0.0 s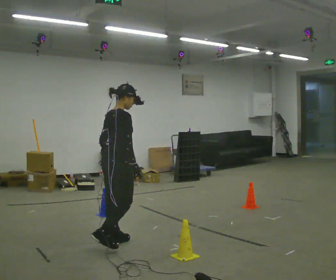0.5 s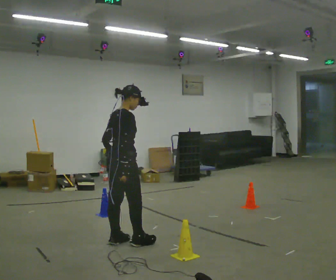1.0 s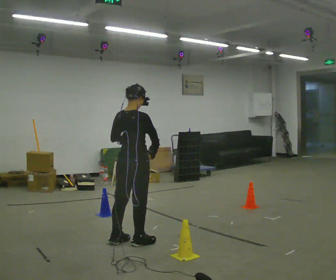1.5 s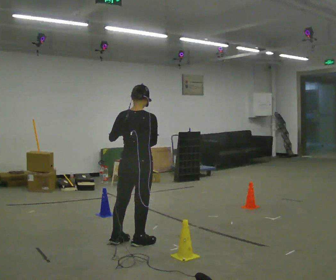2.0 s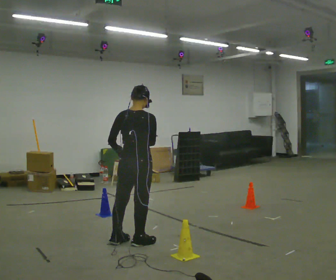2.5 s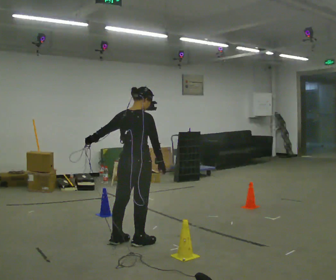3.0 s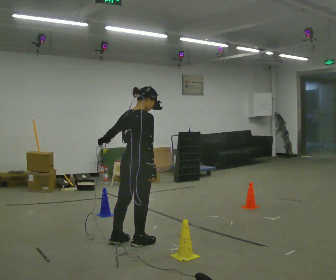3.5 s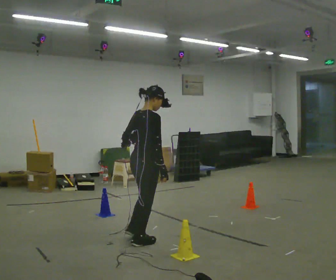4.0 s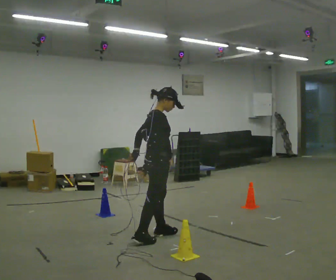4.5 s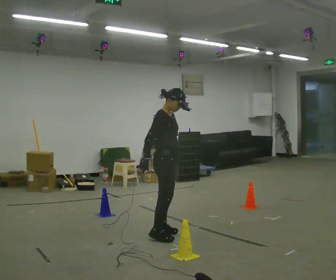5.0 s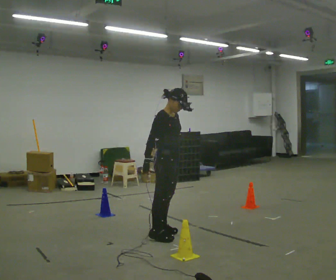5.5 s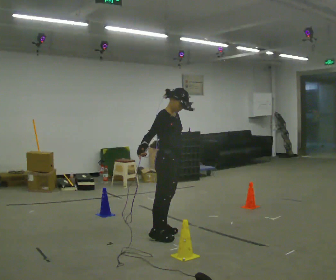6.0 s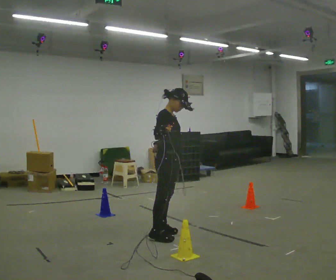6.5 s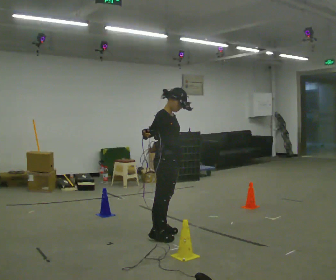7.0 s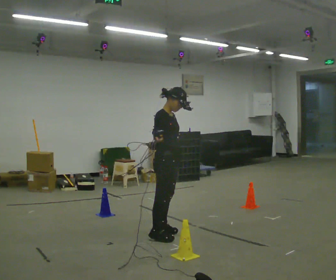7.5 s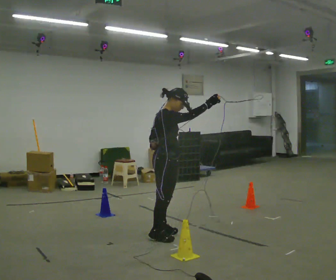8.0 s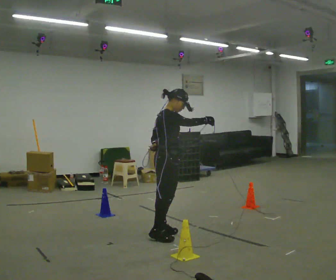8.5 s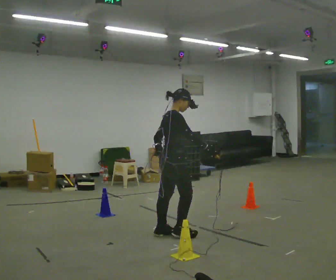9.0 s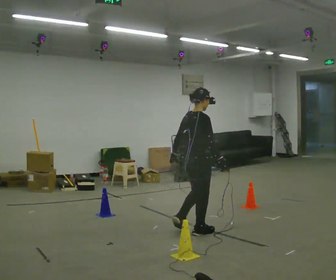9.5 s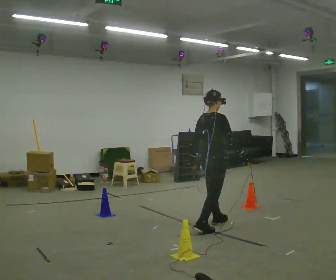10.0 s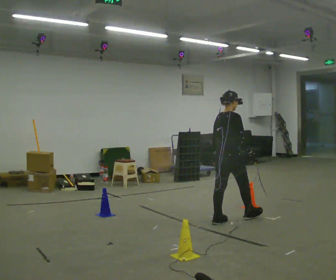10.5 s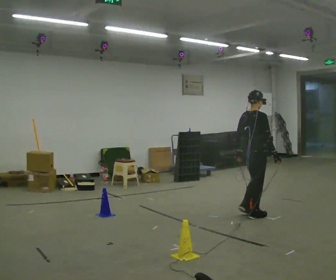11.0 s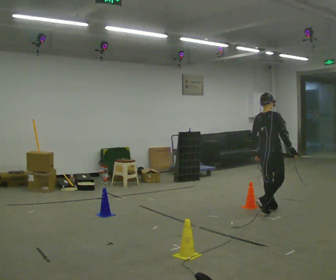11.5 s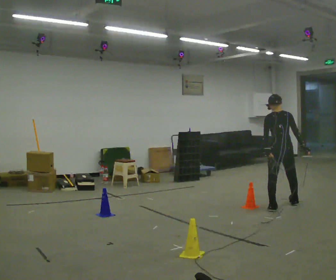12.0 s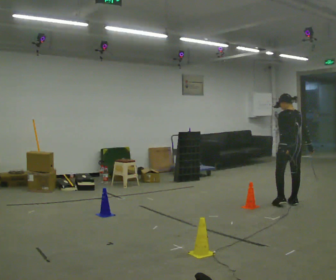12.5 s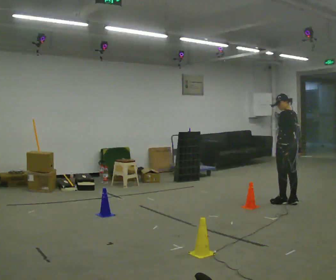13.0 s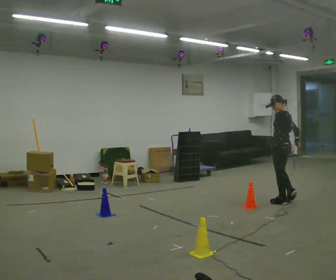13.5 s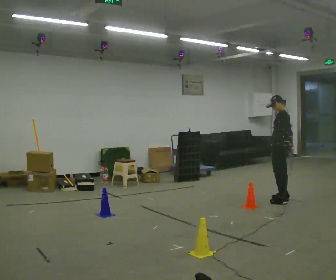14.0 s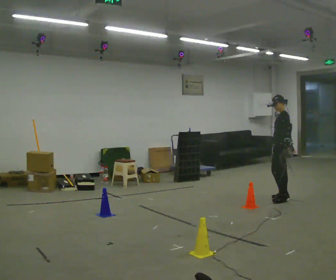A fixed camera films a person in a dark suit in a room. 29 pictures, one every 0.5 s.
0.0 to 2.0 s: Seen from above the body turns counterclockwise, about 30 degrees: to their left, with its near side sliding to the right. In the picture they go to the right, about 0.25 m in 1 step, which for them is forward.
2.0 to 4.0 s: The person turns about 60 degrees to their right, clockwise seen from above, so the part of the body nearest the lens slides to the left. In the picture they go to the right and away from the camera, about 0.25 m in 1 step, which for them is forward.
4.0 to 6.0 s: In the picture their right hand goes upward.
6.0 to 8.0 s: In the picture their right hand goes to the right.
8.0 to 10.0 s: In the picture they go to the right and away from the camera, about 1 m in 2 steps, which for them is forward. In the picture their right hand goes downward, the arm swinging clockwise.
10.0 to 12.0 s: The person turns about 60 degrees to their left, counterclockwise seen from above, so the part of the body nearest the lens slides to the right. In the picture they go to the right and away from the camera, about 1 m in 3 steps.
12.0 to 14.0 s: The person turns about 60 degrees to their left, counterclockwise seen from above, so the part of the body nearest the lens slides to the right. In the picture they go away from the camera, about 0.5 m in 3 steps.
The film runs forward here.
